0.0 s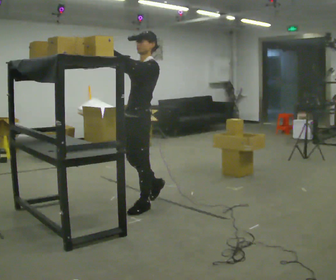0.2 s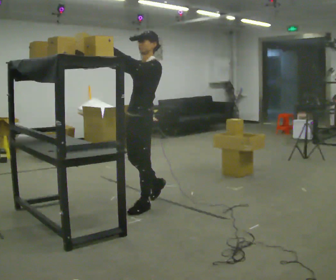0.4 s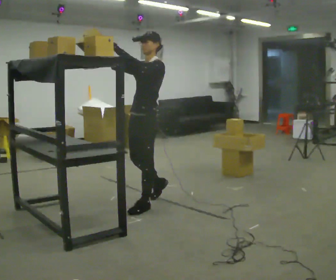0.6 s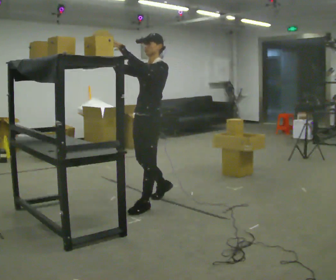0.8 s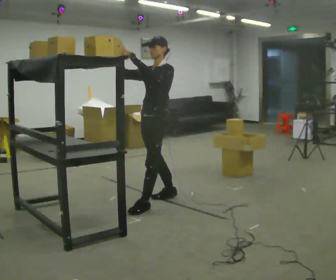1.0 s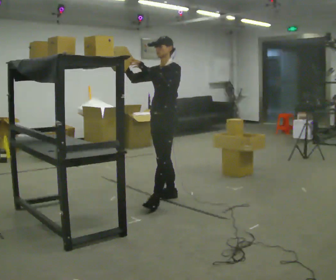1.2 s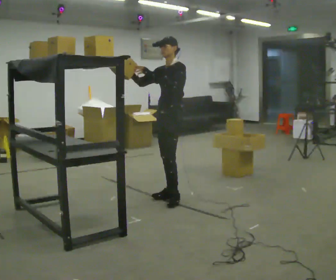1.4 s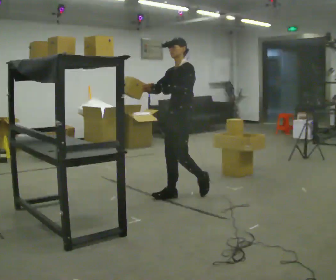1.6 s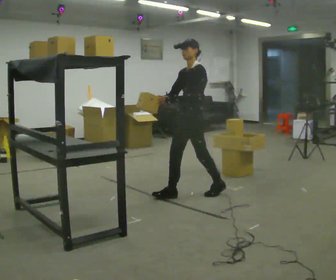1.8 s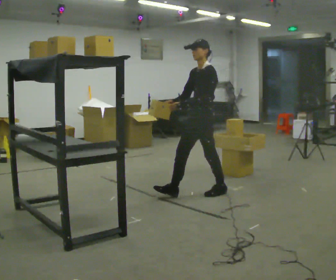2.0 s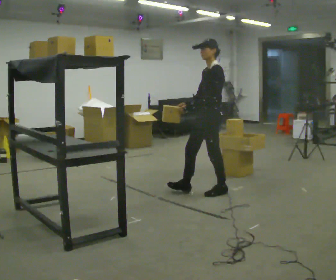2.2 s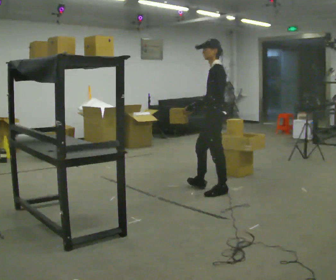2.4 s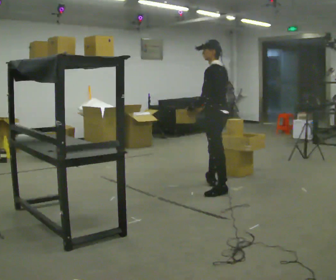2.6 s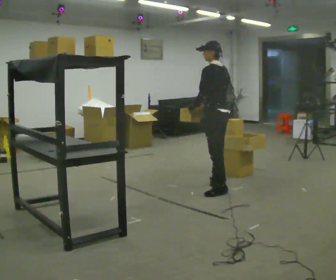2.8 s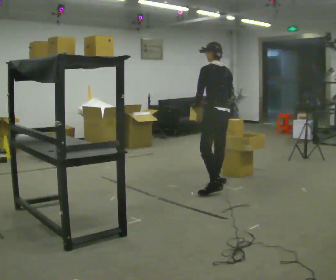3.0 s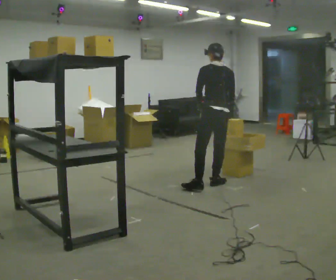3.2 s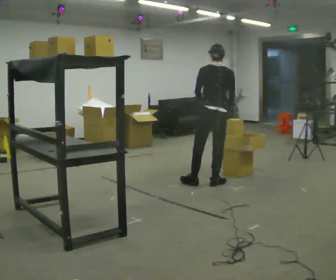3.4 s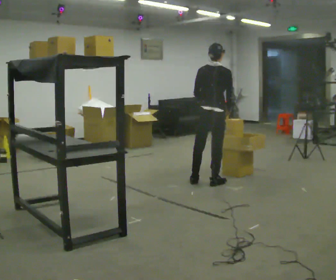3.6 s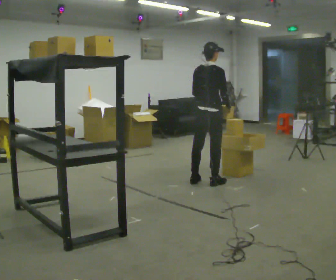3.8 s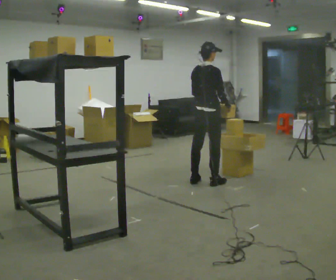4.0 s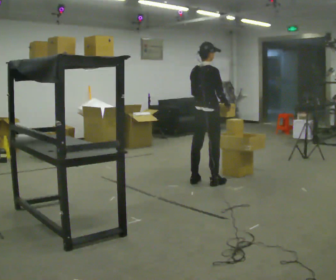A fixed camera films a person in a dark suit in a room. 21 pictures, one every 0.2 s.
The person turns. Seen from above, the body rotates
clockwise.
The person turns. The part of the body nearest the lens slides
to the left.
0.0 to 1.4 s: In the picture they go away from the camera and to the right, about 0.5 m in 2 steps, which for them is backward. In the picture their right hand goes downward.
1.4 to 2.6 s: The part of the body nearest the lens slides to the left as the person turns to their right by about 75 degrees. In the picture they go to the right and away from the camera, about 0.5 m in 1 step.
2.6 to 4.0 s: The person turns about 90 degrees to their right, clockwise seen from above, so the part of the body nearest the lens slides to the left. In the picture they go away from the camera and to the left, about 0.5 m in 1 step.
The film runs backward here.
